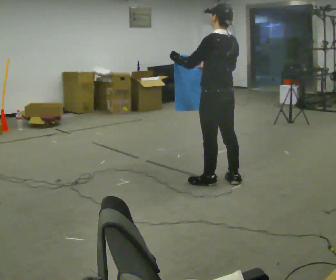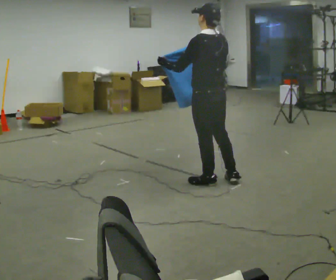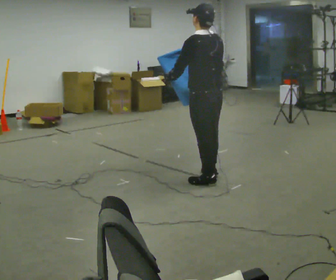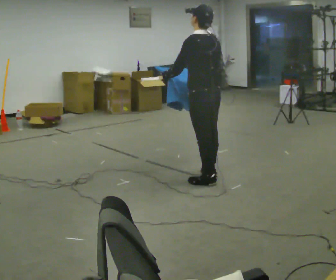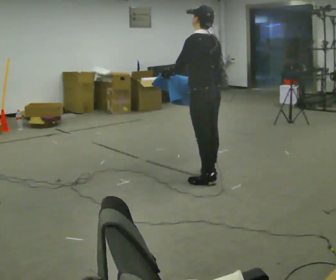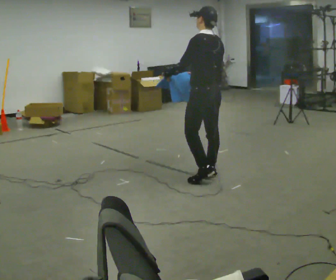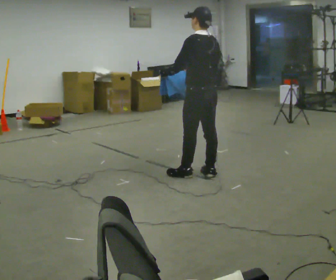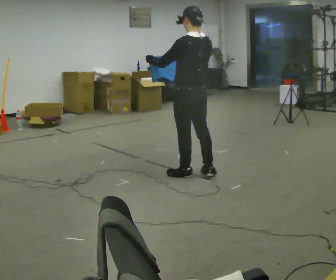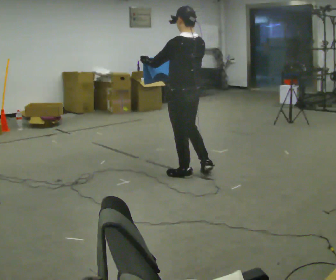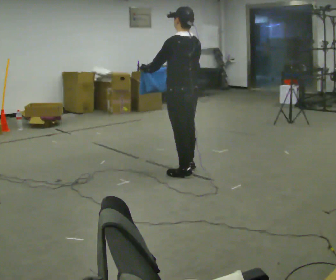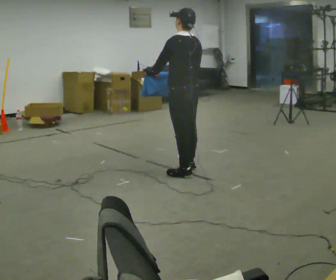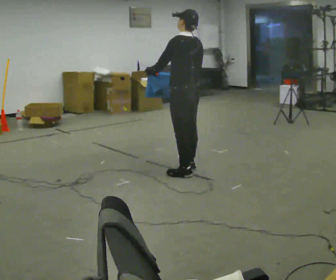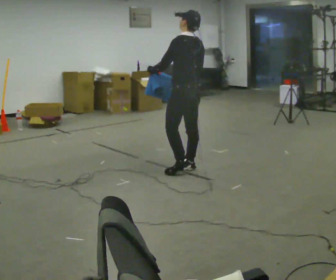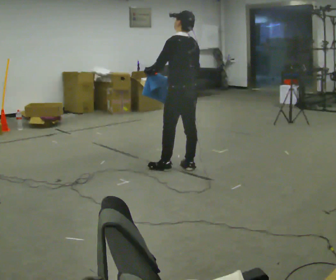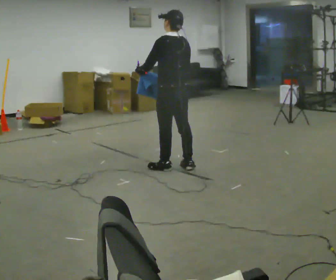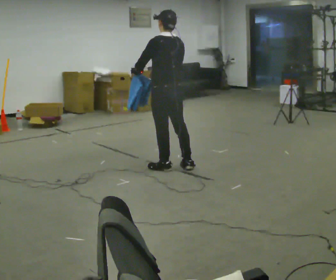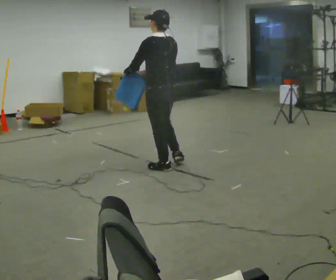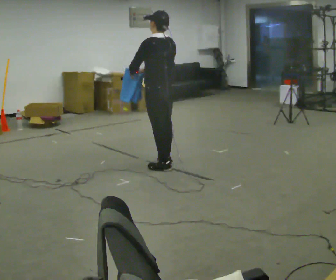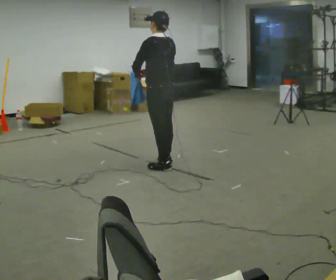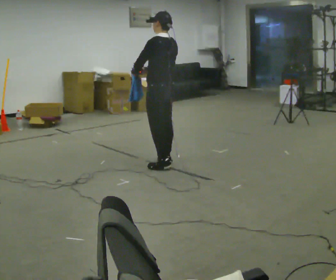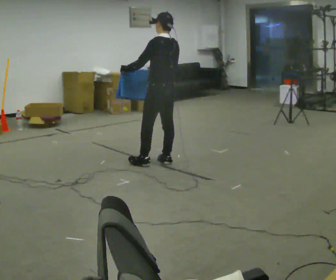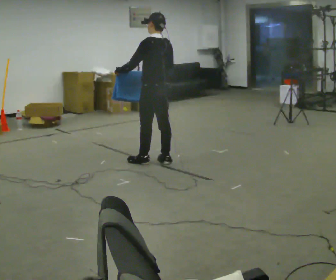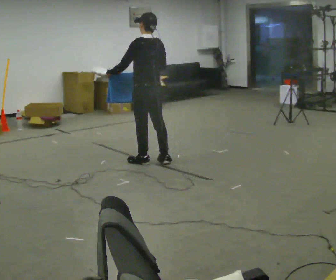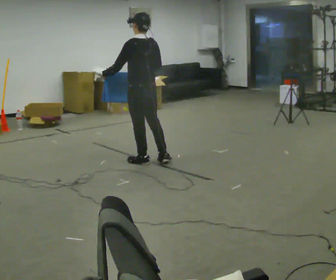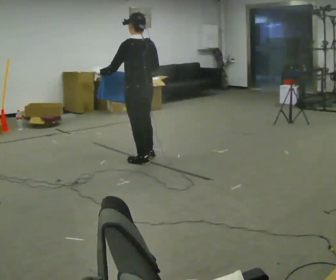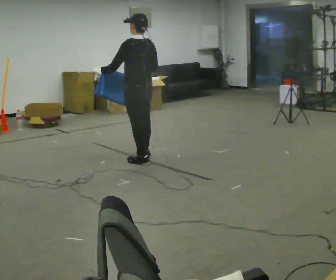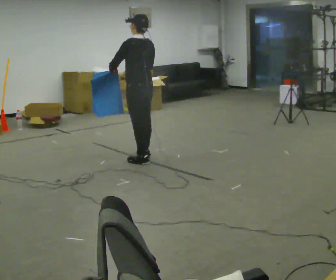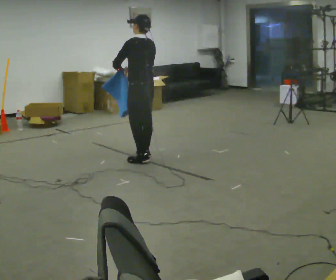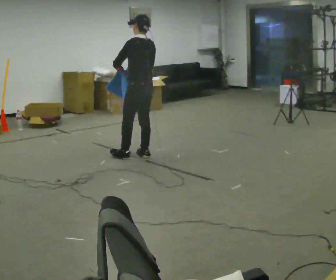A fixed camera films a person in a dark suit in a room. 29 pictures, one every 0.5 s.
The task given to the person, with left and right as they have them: Carry the cloth and, while walking, fold it in half, then unfold it. Keep repeating as you walk. Do not stop.
0.0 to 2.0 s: The person moves a little, or ends about where they began.
2.0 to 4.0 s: In the picture they go to the left, about 0.25 m in 1 step, which for them is forward.
4.0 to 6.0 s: In the picture they go away from the camera, about 0.25 m in 1 step, which for them is to their right and forward.
6.0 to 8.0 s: In the picture they go to the left, about 0.25 m in 1 step, which for them is to their left and forward.
8.0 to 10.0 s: In the picture they go away from the camera, about 0.25 m in 1 step, which for them is to their right and forward.
10.0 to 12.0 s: In the picture they go to the left, about 0.25 m in 1 step, which for them is to their left and forward.
12.0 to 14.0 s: In the picture they go away from the camera, about 0.25 m in 1 step, which for them is to their right and forward.
The film runs forward here.
